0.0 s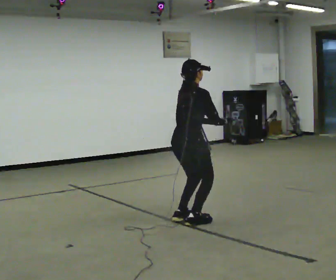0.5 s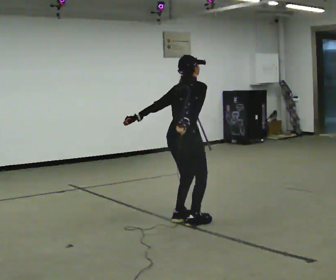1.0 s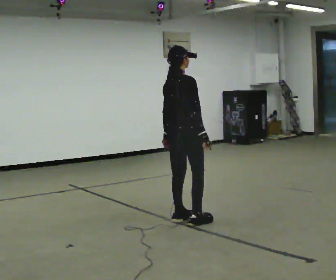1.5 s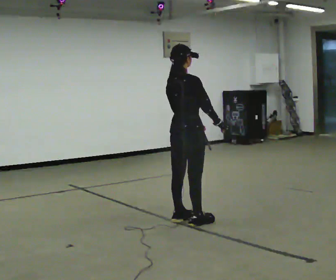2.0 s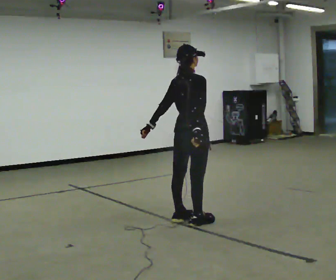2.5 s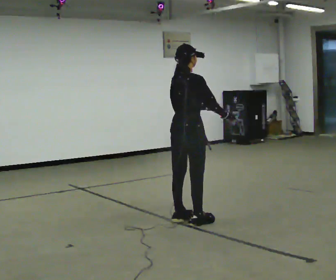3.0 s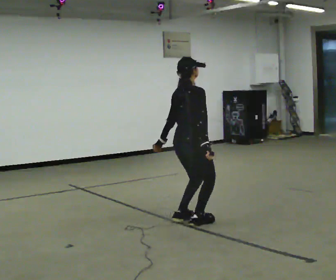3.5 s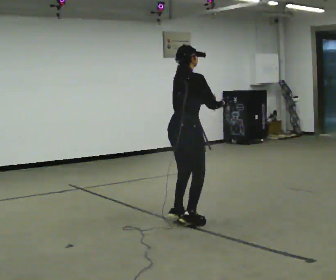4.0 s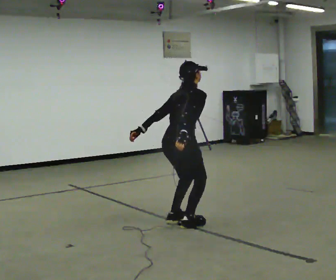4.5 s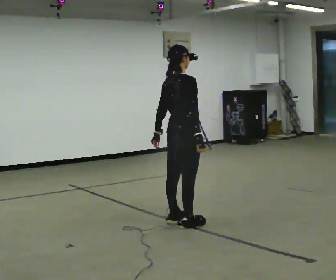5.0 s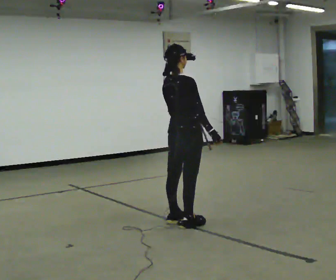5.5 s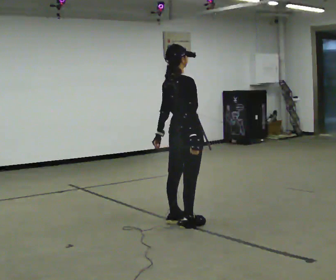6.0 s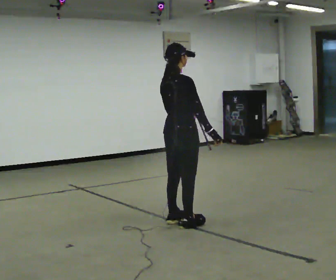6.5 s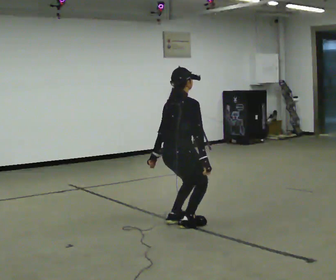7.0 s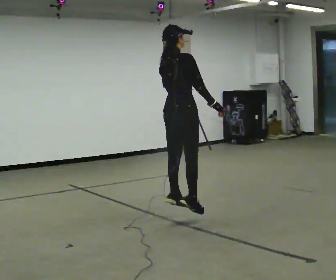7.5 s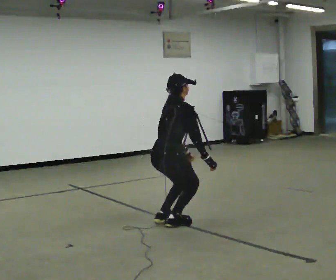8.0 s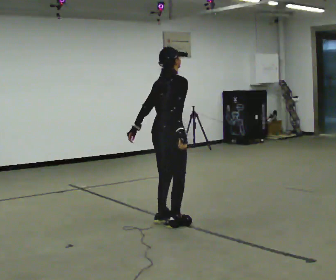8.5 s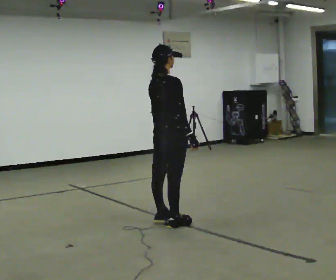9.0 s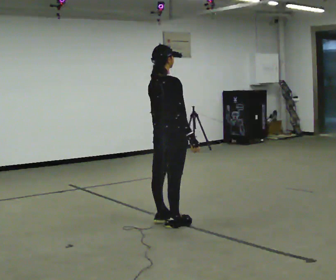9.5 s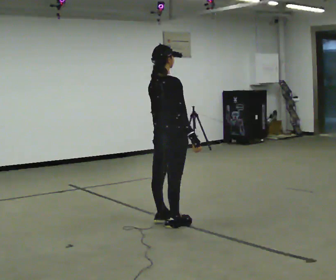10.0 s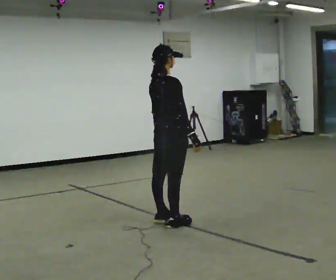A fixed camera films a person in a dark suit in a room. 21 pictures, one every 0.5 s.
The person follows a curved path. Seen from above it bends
clockwise.
0.0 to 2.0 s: In the picture their left hand goes to the left.
2.0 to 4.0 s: The person moves a little, or ends about where they began.
4.0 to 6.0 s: In the picture the upper body tilts counterclockwise, shoulders to the left, as they lean back or straighten. In the picture their left hand goes to the right.
6.0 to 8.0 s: In the picture their left hand goes to the left.
8.0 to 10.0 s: The person moves a little, or ends about where they began.
The film runs backward here.
